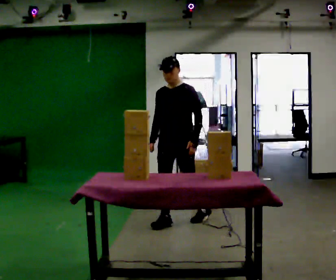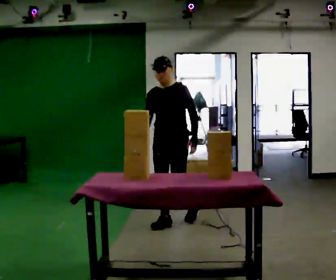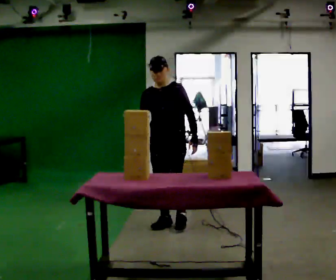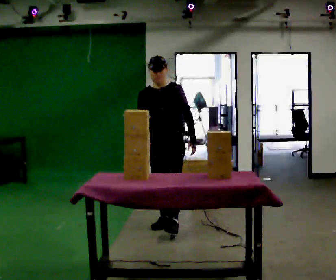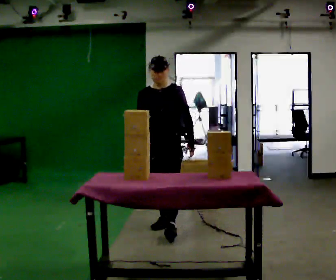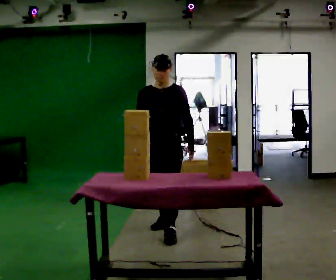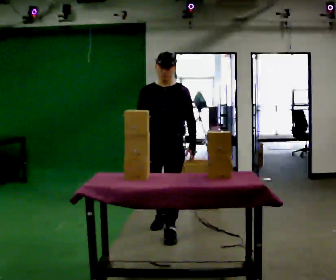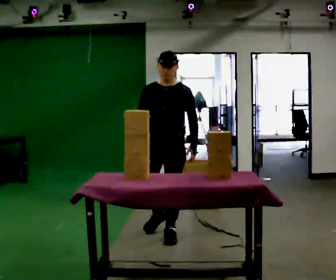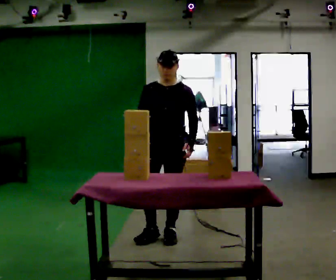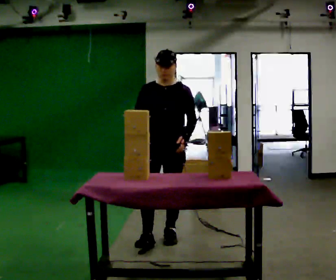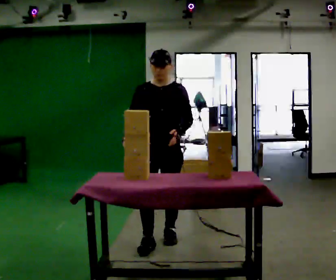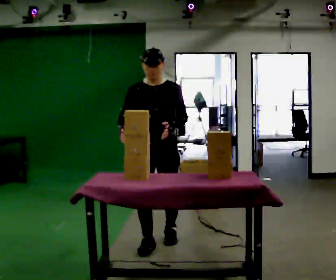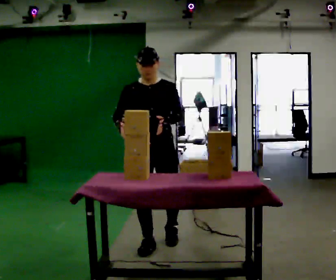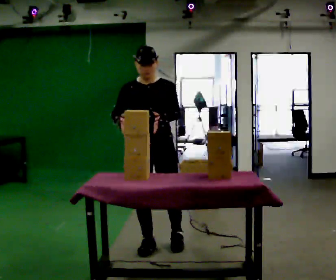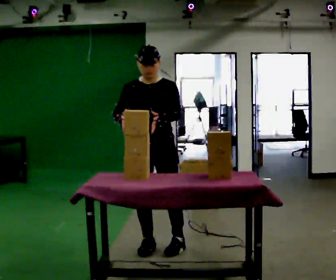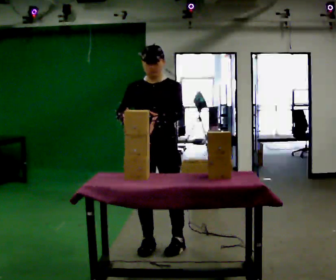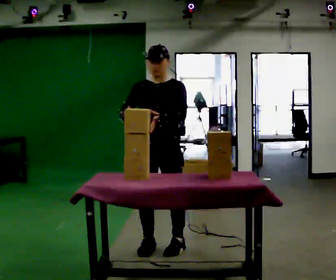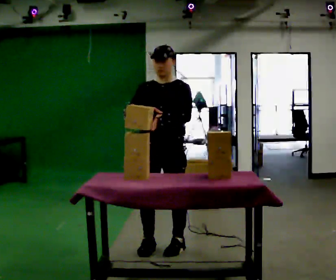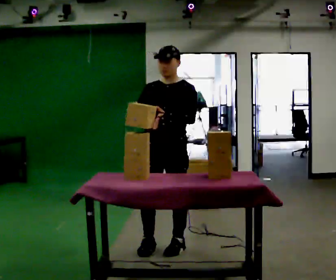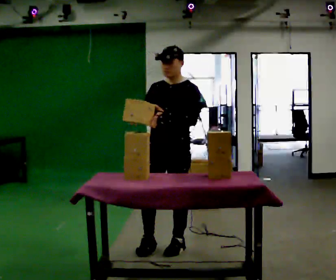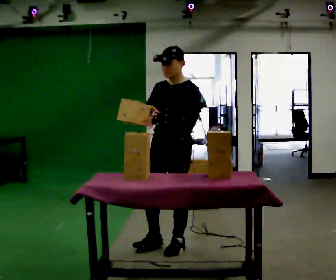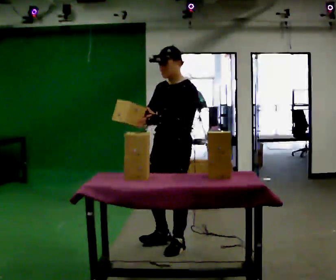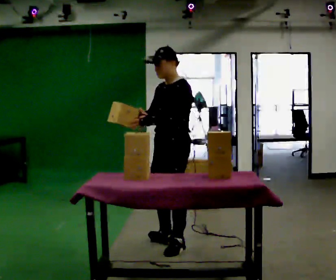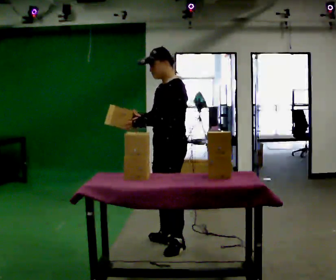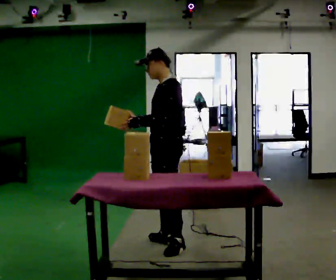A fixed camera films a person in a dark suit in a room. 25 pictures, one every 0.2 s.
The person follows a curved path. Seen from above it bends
counterclockwise.
0.0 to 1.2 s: In the picture they go toward the camera, about 0.5 m in 1 step, which for them is forward.
1.2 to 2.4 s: In the picture they go toward the camera, about 0.5 m in 1 step, which for them is forward.
2.4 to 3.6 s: Seen from above the body turns clockwise, about 30 degrees: to their right, with its near side sliding to the left.
3.6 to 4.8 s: The person turns about 60 degrees to their right, clockwise seen from above, so the part of the body nearest the lens slides to the left.
The film runs forward here.
